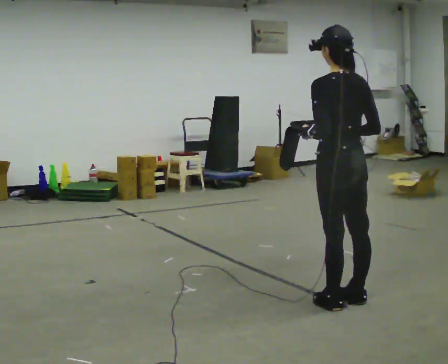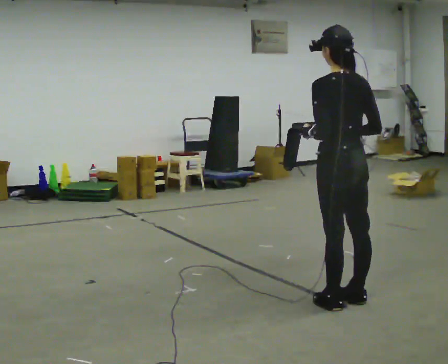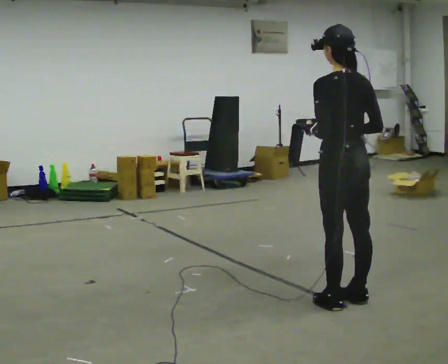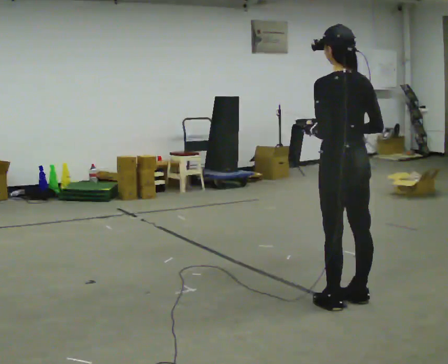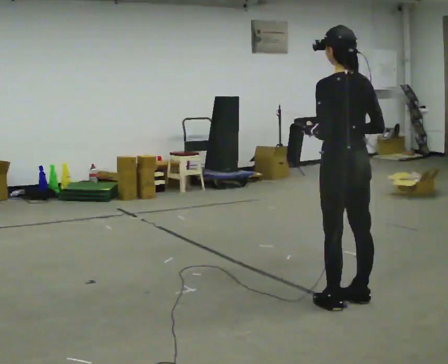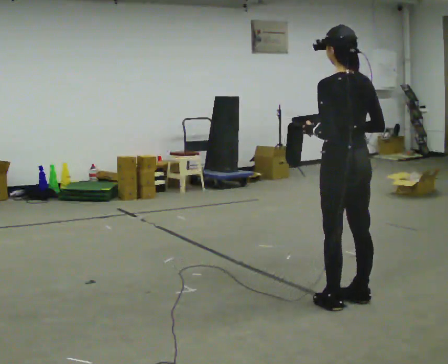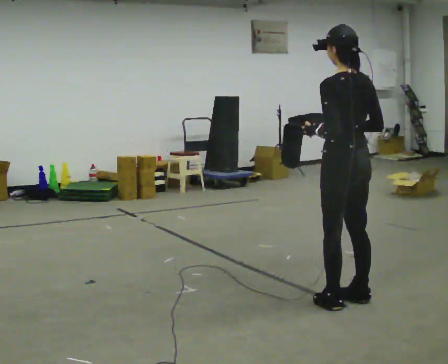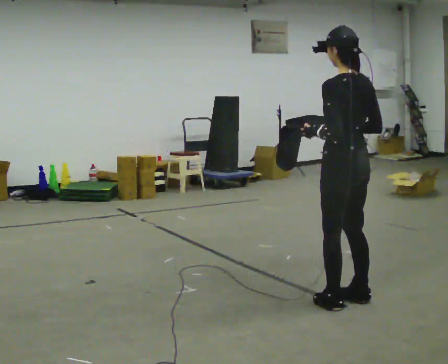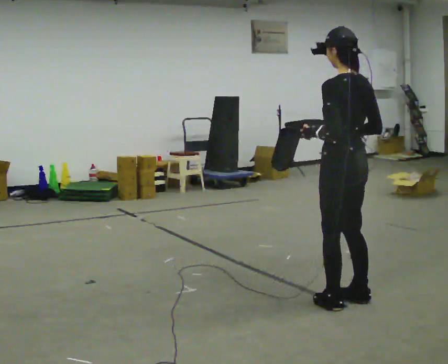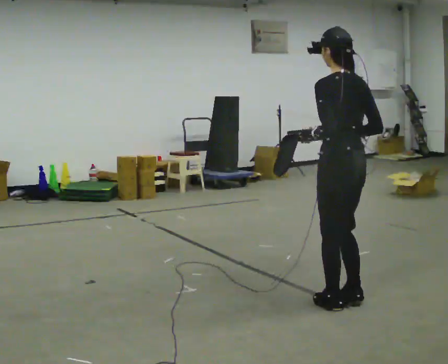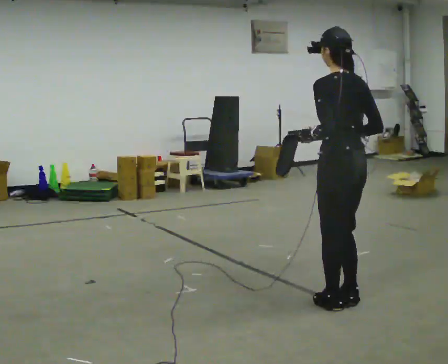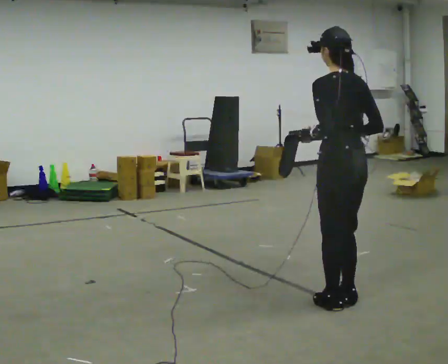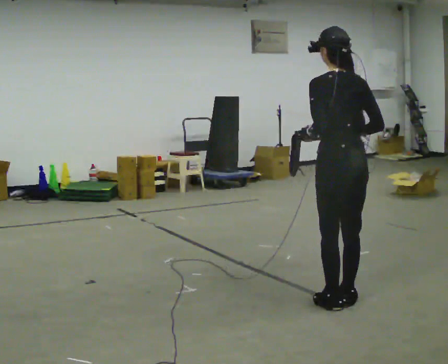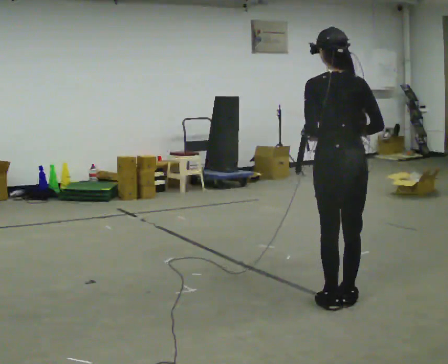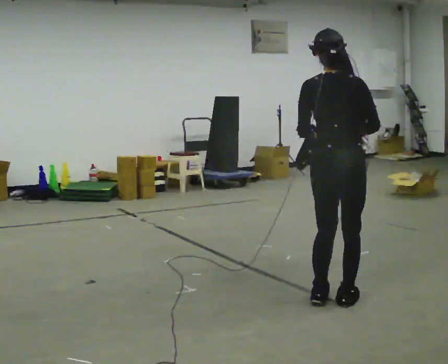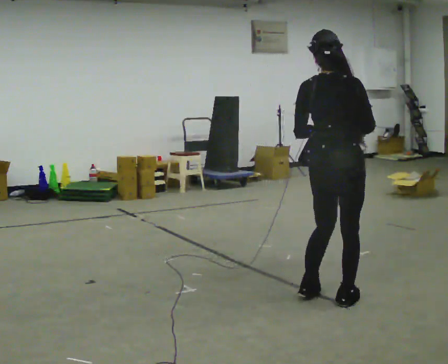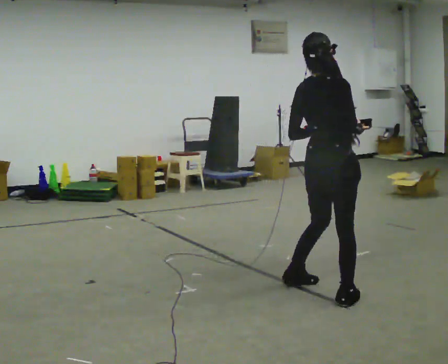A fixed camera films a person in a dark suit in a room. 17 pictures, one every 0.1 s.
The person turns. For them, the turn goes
to their right.
The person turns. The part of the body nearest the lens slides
to the left.
0.0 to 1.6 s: Seen from above the body turns clockwise, about 75 degrees: to their right, with its near side sliding to the left. In the picture they go away from the camera, about 0.25 m in 1 step.
The film runs backward here.
